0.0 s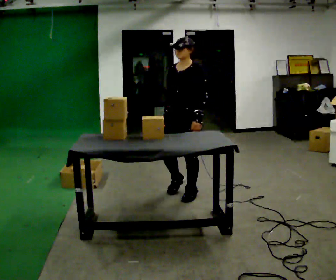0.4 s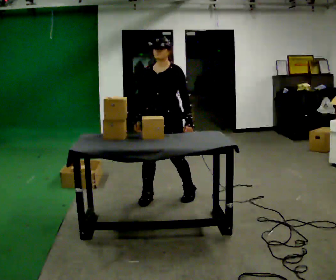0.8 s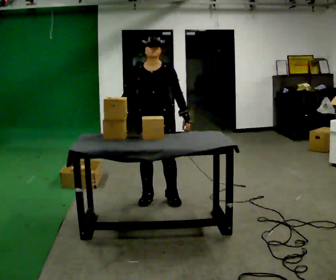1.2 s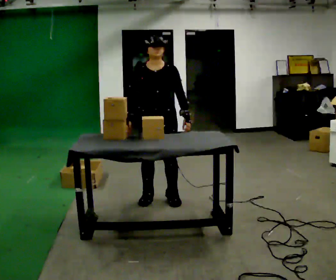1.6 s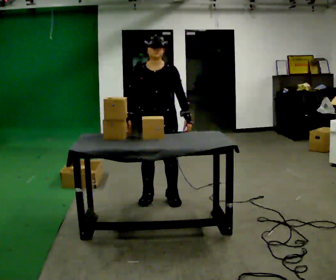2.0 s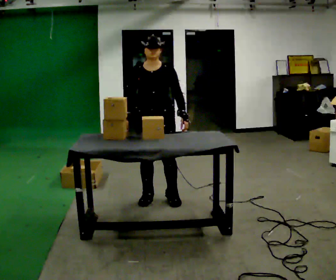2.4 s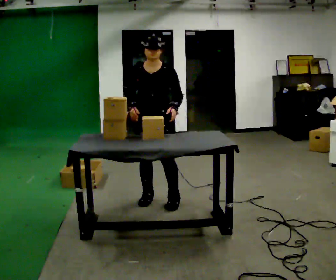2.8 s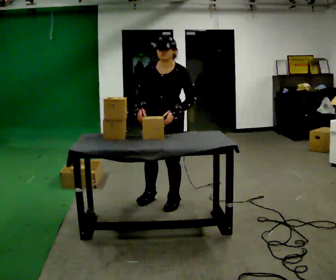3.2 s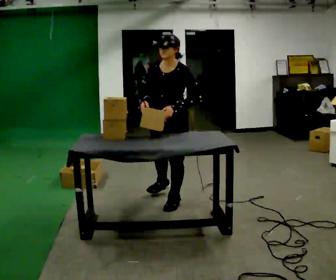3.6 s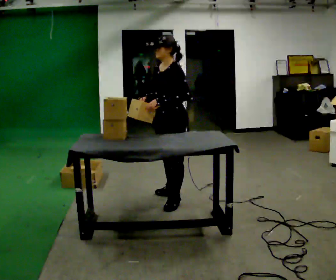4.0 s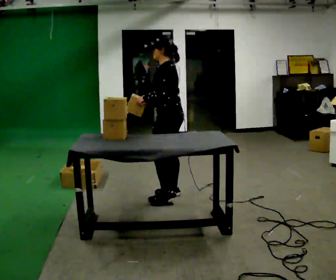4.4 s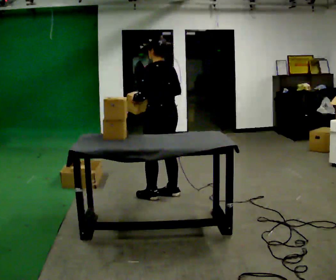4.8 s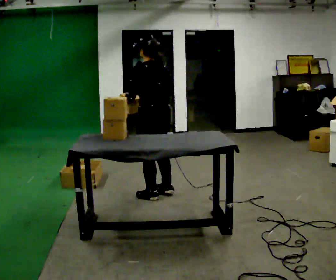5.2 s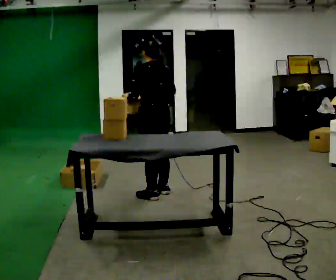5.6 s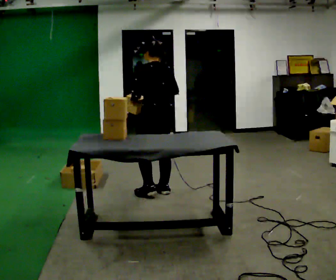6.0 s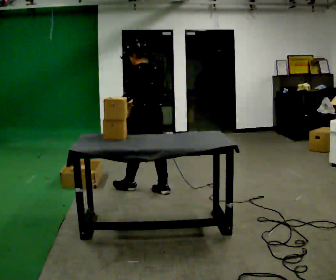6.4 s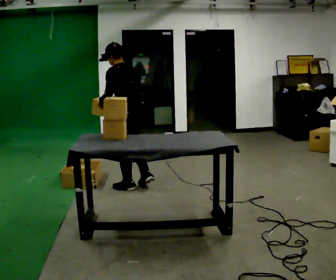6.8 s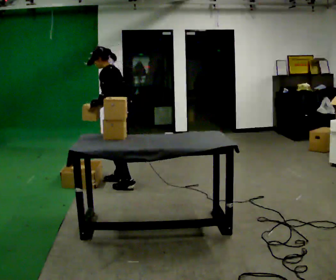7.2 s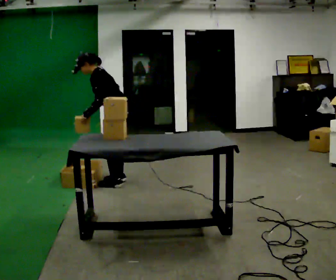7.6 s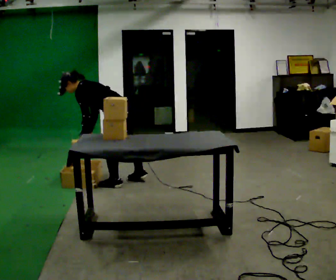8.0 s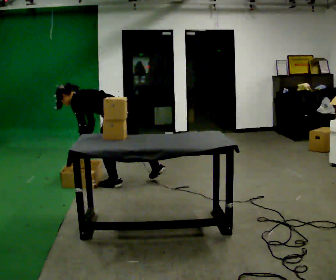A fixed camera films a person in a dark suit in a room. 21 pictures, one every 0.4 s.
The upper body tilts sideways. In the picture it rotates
counterclockwise.
0.0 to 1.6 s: The part of the body nearest the lens slides to the right as the person turns to their left by about 45 degrees. In the picture they go to the left, about 0.25 m in 2 steps, which for them is to their right and forward.
1.6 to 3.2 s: The part of the body nearest the lens slides to the left as the person turns to their right by about 45 degrees. The upper body tips toward the camera, its near side rolling downward.
3.2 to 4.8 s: The person turns about 90 degrees to their right, clockwise seen from above, so the part of the body nearest the lens slides to the left. In the picture they go away from the camera, about 0.25 m in 2 steps.
4.8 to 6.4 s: In the picture they go away from the camera and to the left, about 0.5 m in 1 step, which for them is forward.
6.4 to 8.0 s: The part of the body nearest the lens slides to the right as the person turns to their left by about 30 degrees. In the picture they go to the left, about 0.25 m in 3 steps, which for them is forward. The shoulders move downward. In the picture the upper body tilts counterclockwise, shoulders to the left, as they bend forward. In the picture their left hand goes downward.
The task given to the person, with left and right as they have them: Carry each object across the room and drop it into the container on the floor, then walk back for the next one. Keep going until the operator says stop; one object at a time, and do not rush between trips.
The film runs forward here.
